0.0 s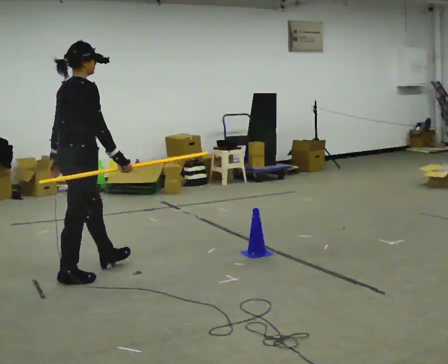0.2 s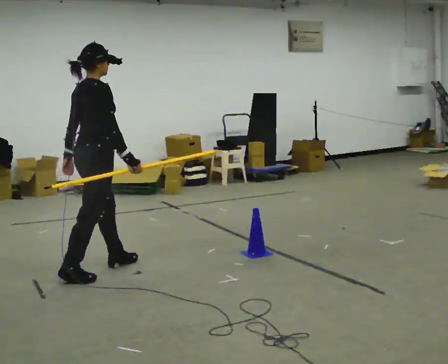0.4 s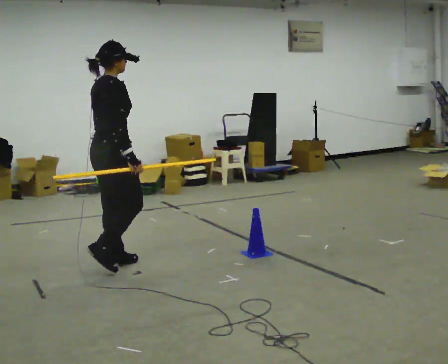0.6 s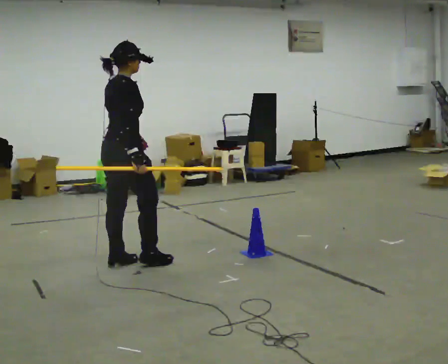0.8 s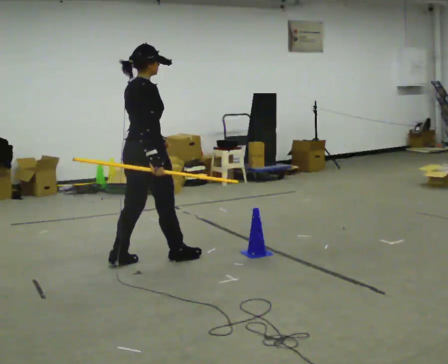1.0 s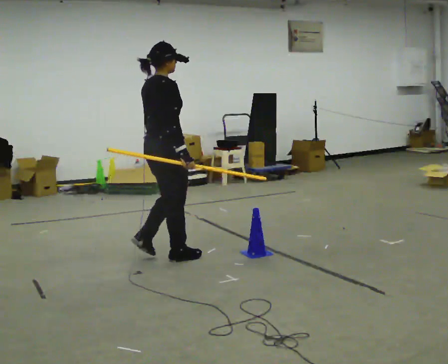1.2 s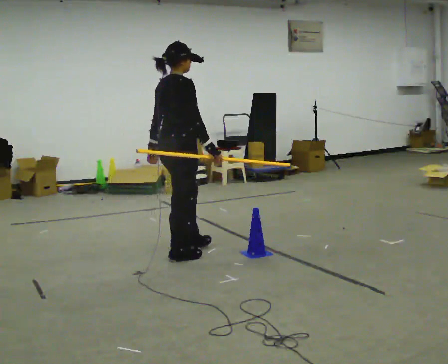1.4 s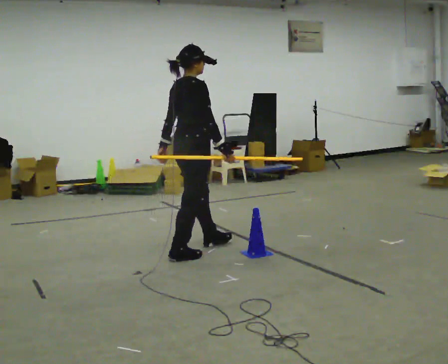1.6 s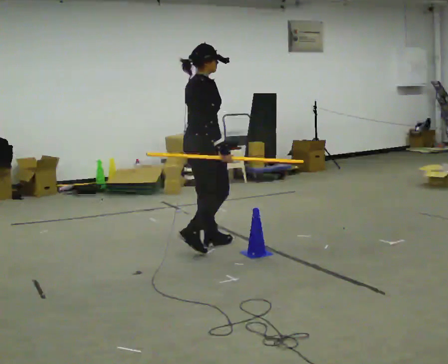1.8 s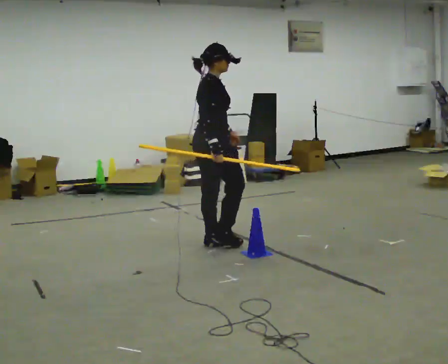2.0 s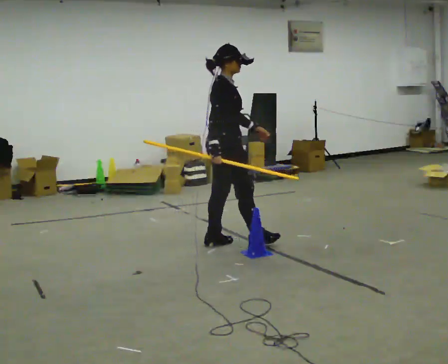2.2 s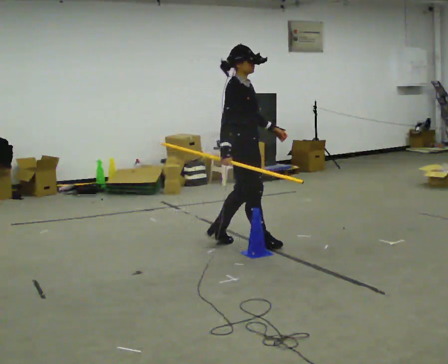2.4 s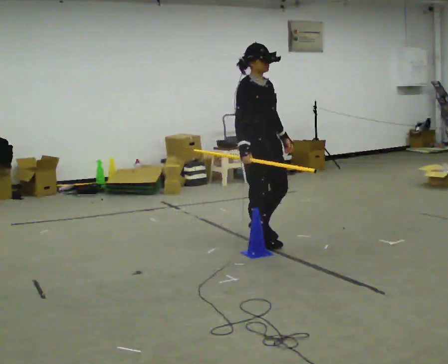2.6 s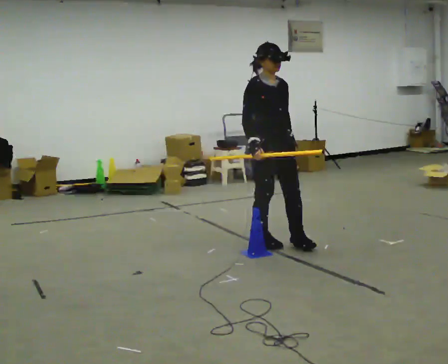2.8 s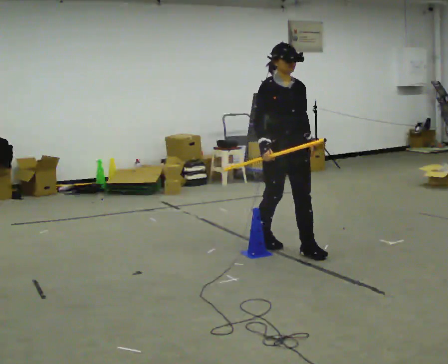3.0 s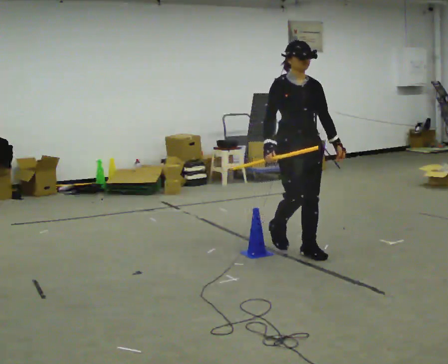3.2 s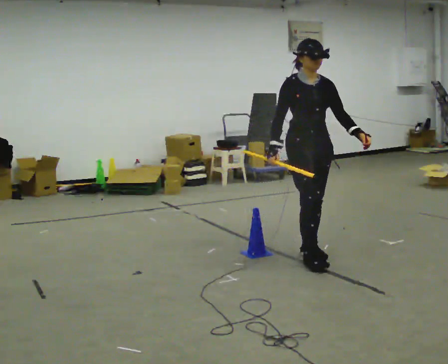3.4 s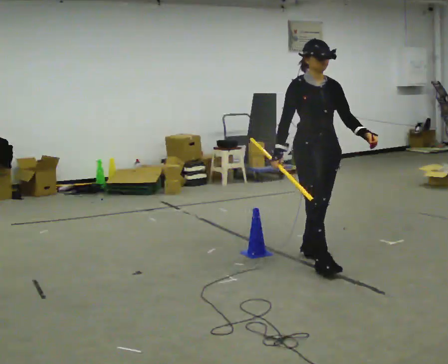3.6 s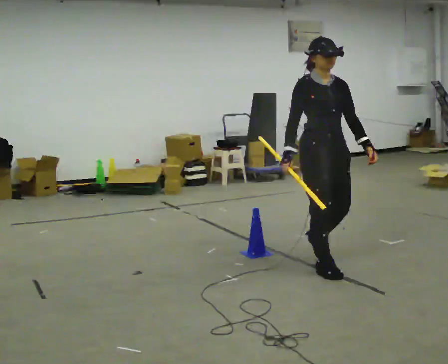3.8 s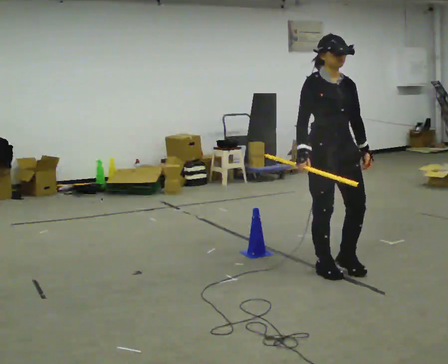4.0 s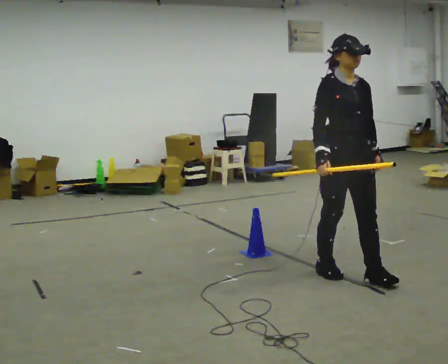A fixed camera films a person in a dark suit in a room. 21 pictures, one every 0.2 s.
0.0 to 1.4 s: In the picture they go to the right and away from the camera, about 1 m in 3 steps, which for them is forward.
1.4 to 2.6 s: The person turns about 90 degrees to their right, clockwise seen from above, so the part of the body nearest the lens slides to the left. In the picture they go to the right, about 0.5 m in 1 step.
2.6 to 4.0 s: In the picture they go toward the camera and to the right, about 1 m in 3 steps, which for them is forward.
The film runs forward here.
